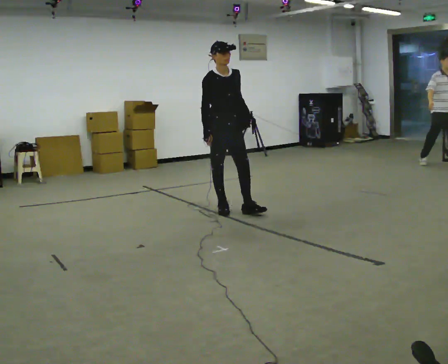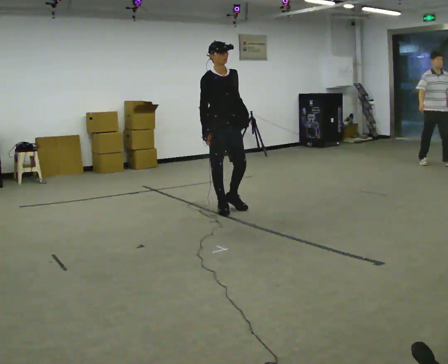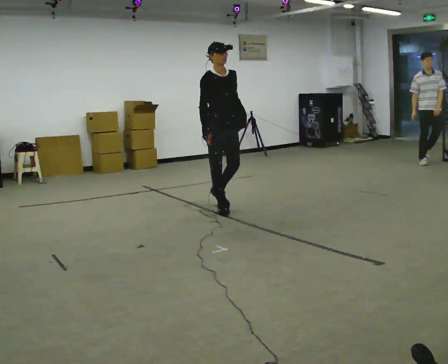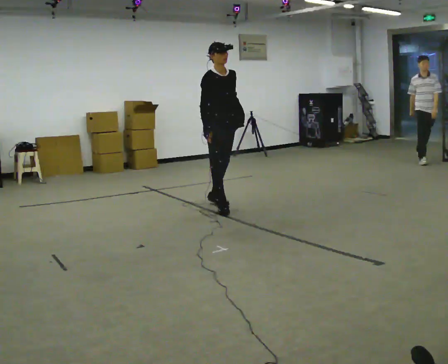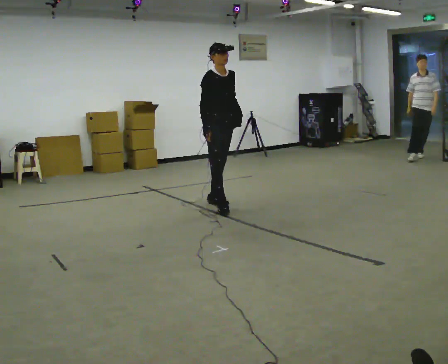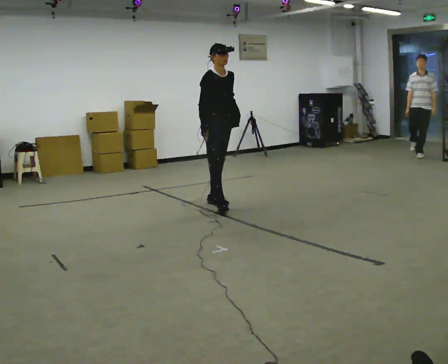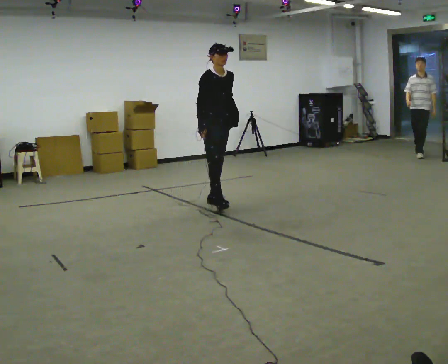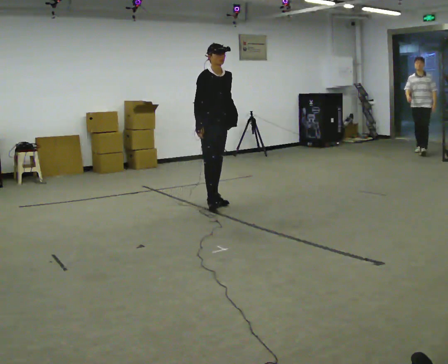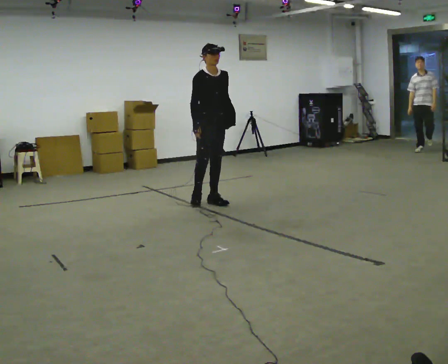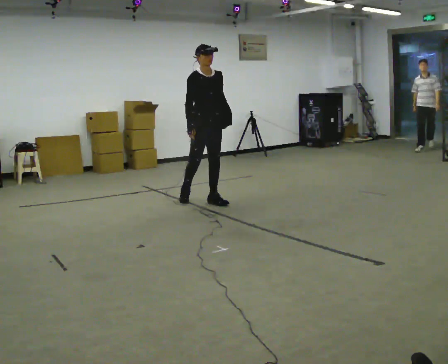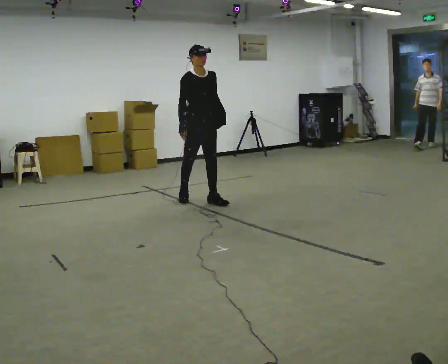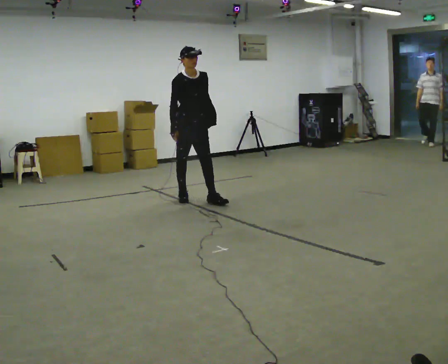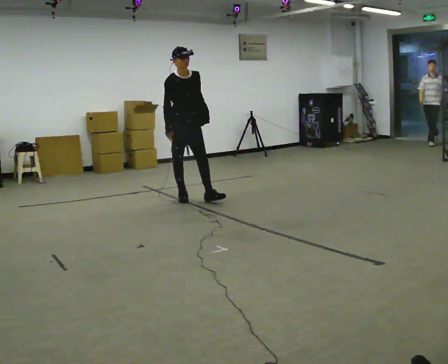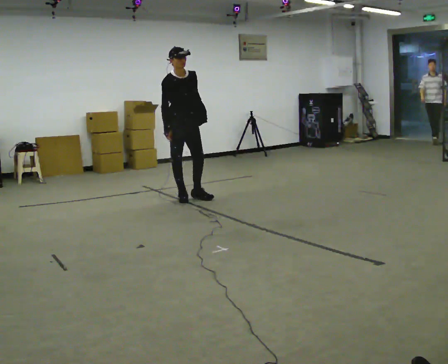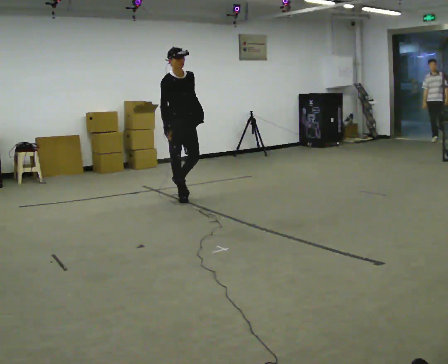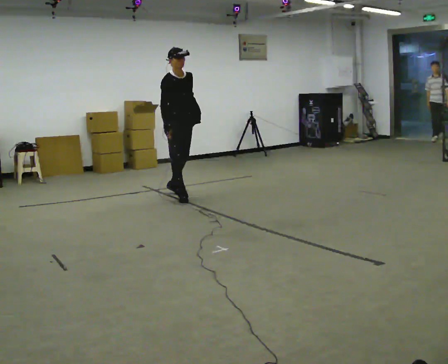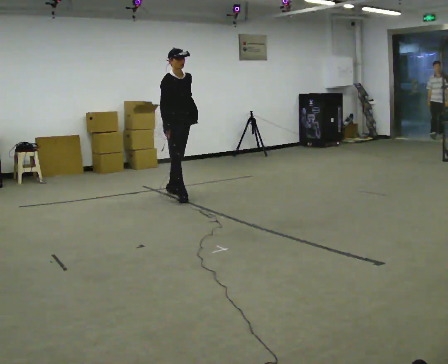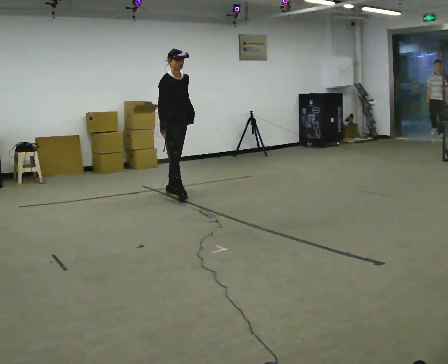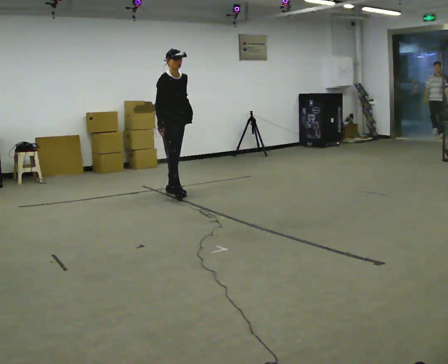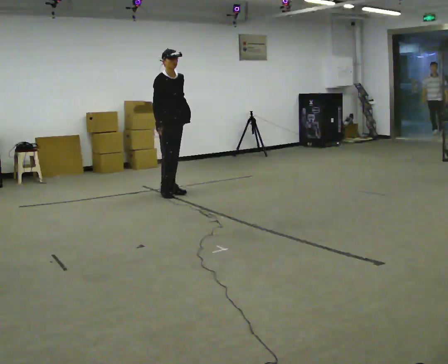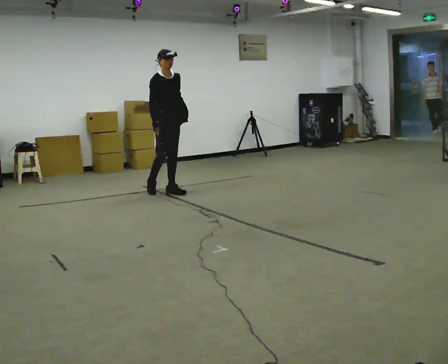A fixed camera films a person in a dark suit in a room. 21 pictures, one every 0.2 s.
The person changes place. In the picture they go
away from the camera.
0.0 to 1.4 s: In the picture they go away from the camera, about 0.5 m in 1 step, which for them is backward and to their left.
1.4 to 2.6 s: In the picture they go to the left and away from the camera, about 0.5 m in 1 step, which for them is backward and to their right.
2.6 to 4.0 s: In the picture they go away from the camera and to the left, about 0.5 m in 1 step, which for them is backward.
The film runs backward here.
